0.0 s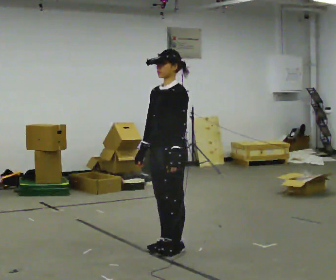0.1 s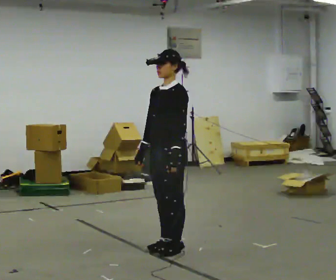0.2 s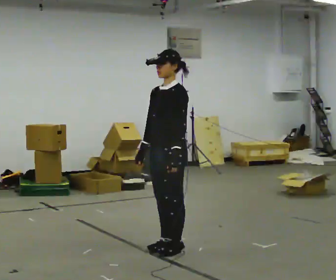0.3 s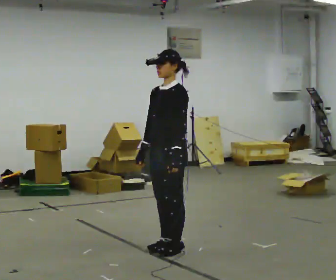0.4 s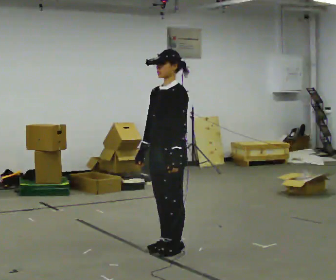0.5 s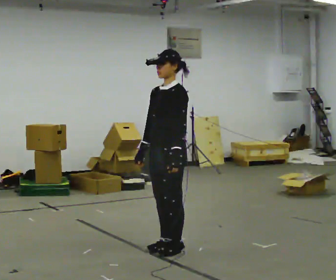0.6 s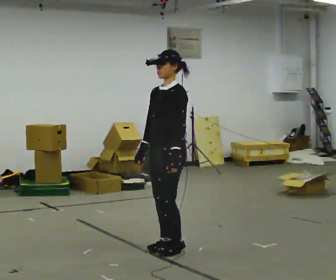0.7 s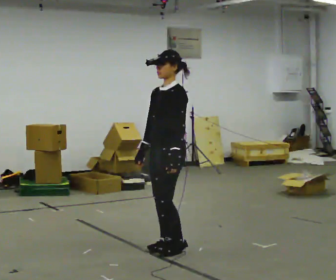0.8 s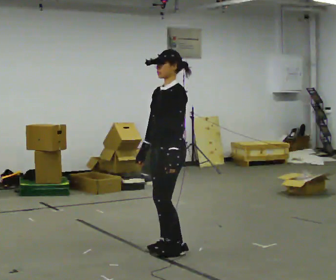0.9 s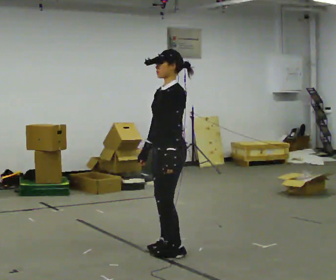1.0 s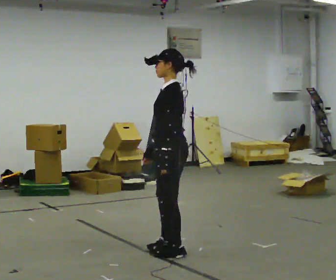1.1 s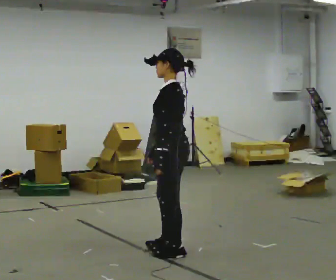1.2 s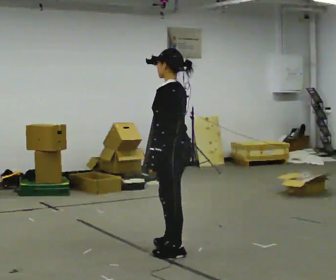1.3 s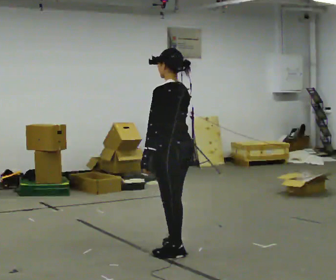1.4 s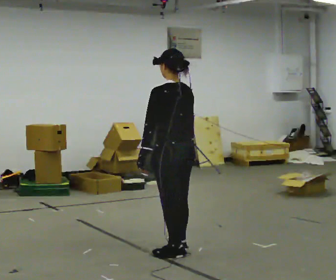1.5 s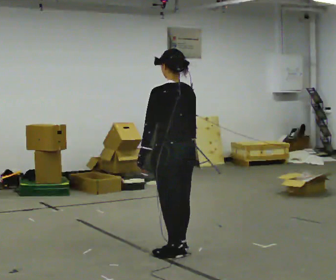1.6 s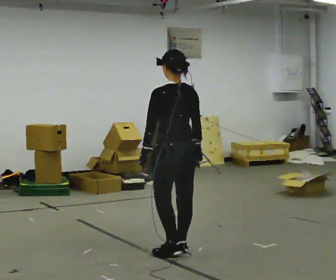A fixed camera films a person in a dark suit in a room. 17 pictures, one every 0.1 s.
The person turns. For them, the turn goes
to their right.
The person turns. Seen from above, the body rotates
clockwise.
0.0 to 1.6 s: Seen from above the body turns clockwise, about 105 degrees: to their right, with its near side sliding to the left. In the picture their right hand goes to the right.
The film runs forward here.
